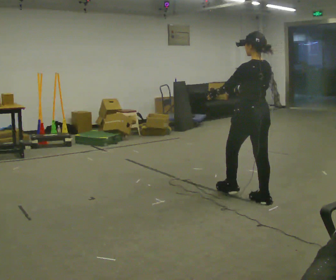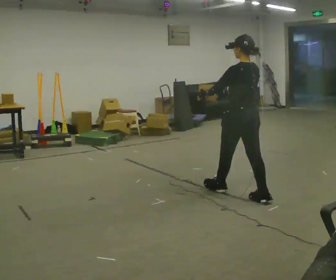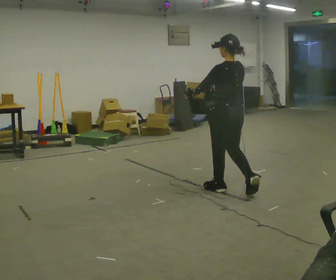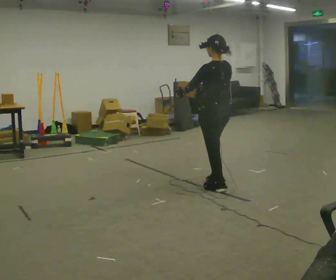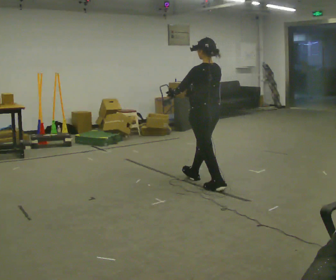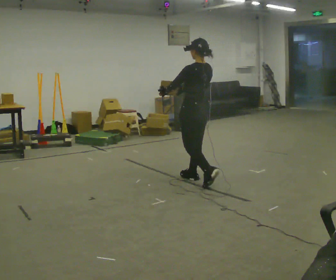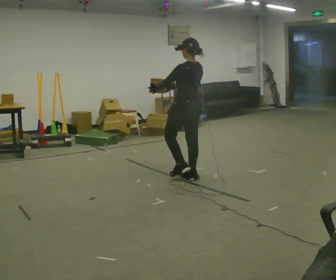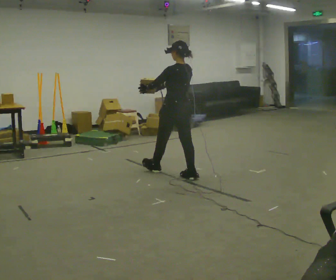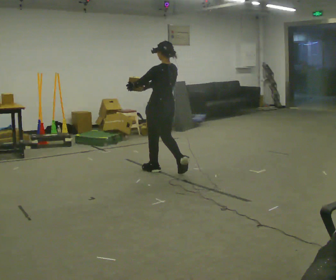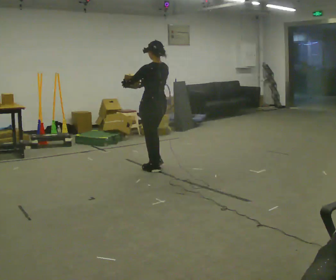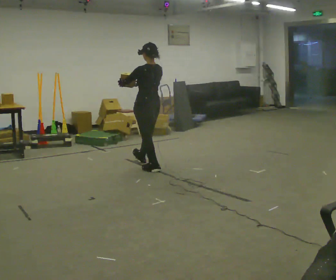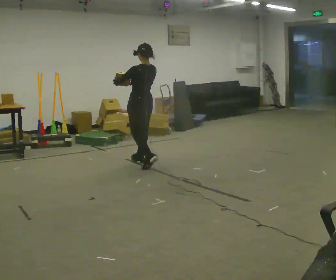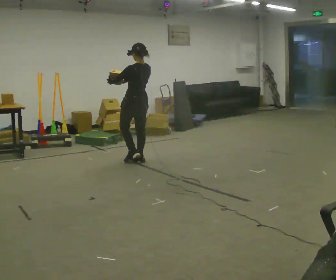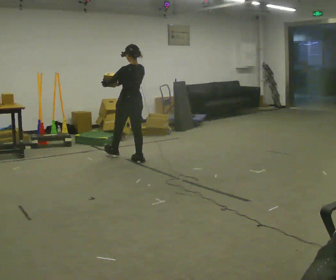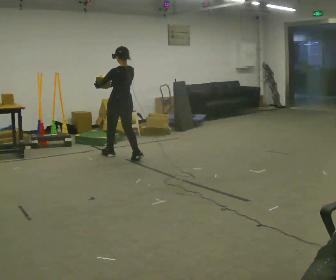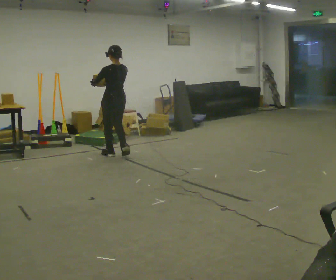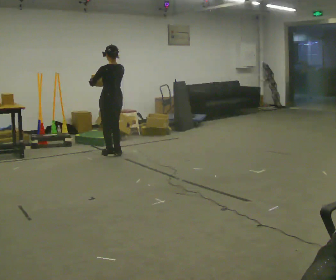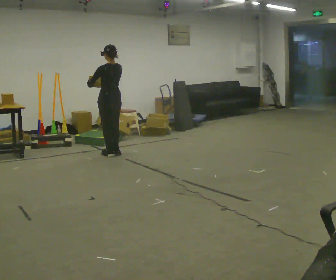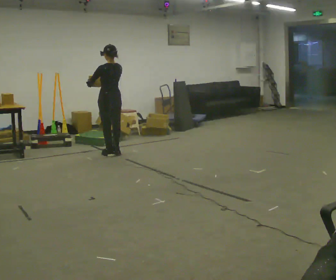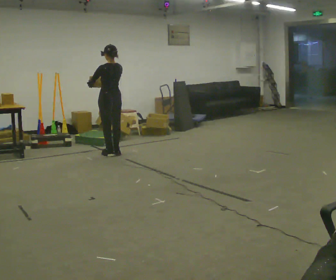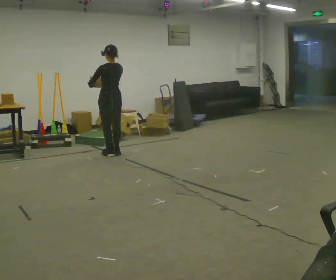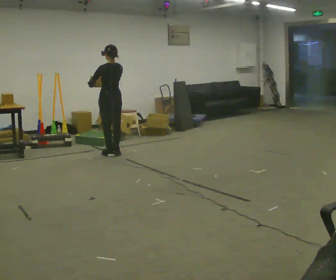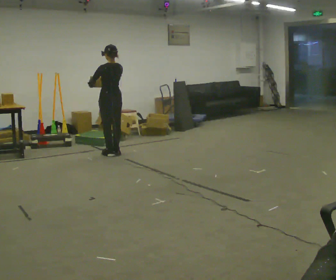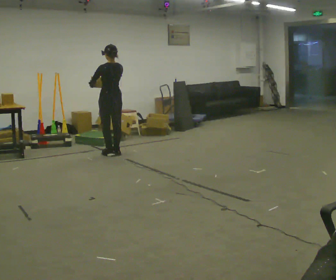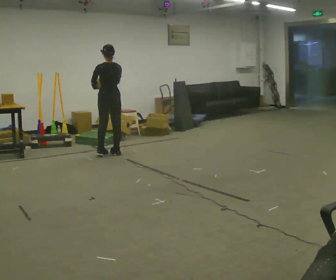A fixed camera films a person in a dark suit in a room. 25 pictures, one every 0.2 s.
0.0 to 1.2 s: In the picture they go away from the camera and to the left, about 1 m in 2 steps, which for them is forward.
1.2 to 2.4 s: In the picture they go away from the camera and to the left, about 1 m in 2 steps, which for them is forward.
2.4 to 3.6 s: In the picture they go away from the camera and to the left, about 0.5 m in 2 steps, which for them is forward.
3.6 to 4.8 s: The person moves a little, or ends about where they began.
The film runs forward here.
